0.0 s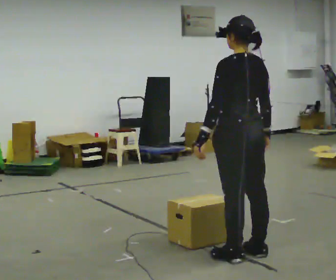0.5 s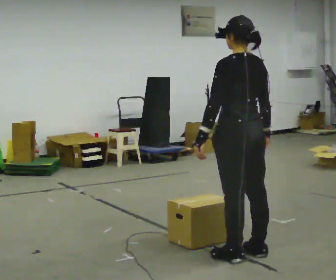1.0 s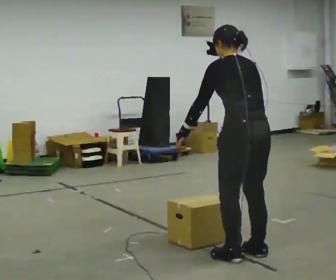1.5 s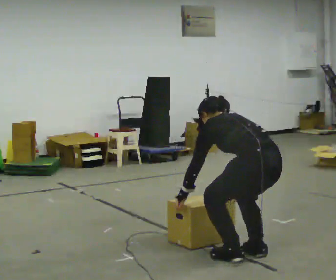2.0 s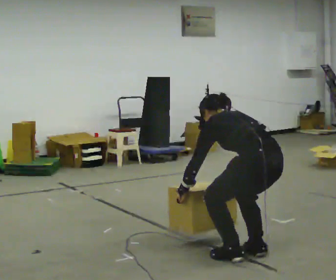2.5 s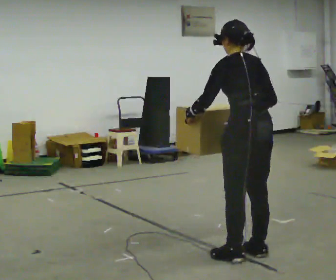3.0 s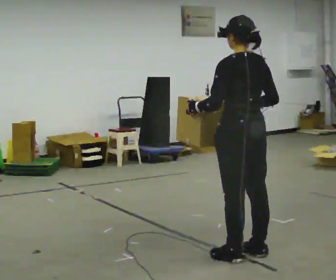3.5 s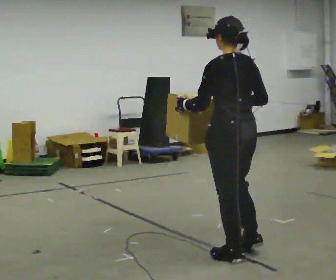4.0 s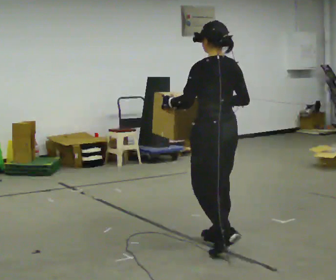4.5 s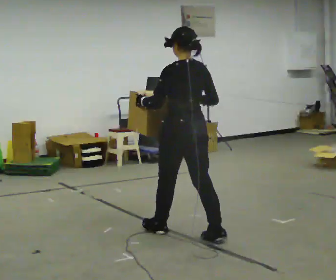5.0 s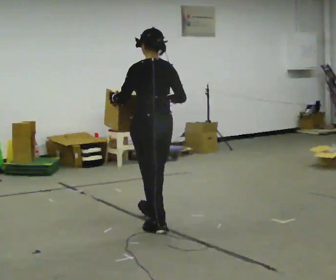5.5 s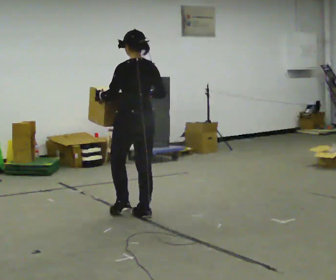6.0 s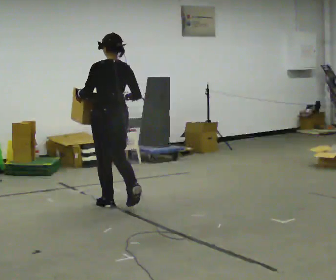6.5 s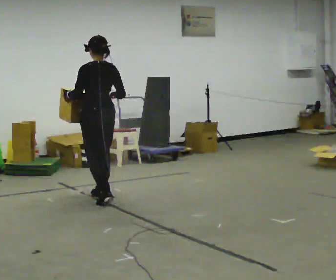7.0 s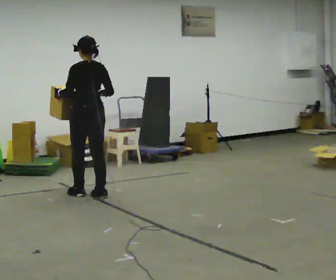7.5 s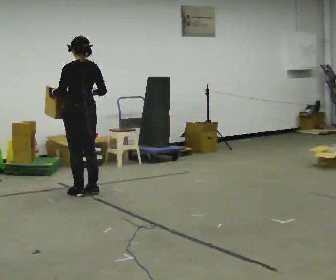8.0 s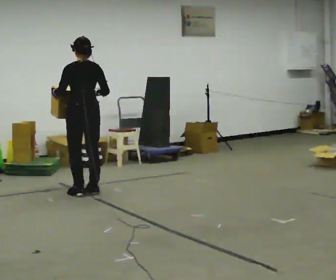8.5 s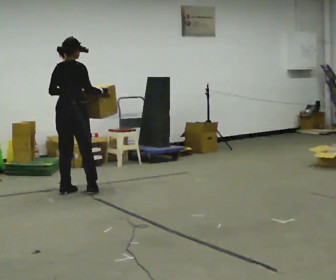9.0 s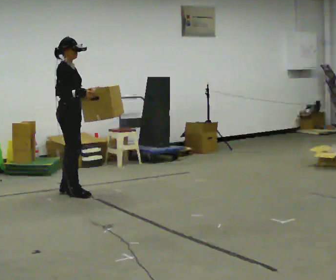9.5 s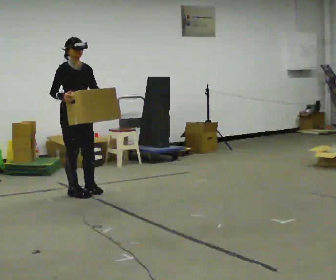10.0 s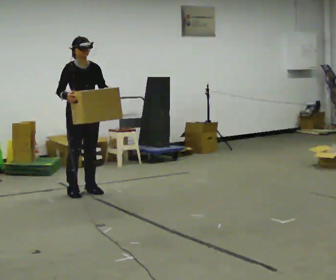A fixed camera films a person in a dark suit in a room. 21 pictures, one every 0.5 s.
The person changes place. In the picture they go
away from the camera.
0.0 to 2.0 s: The upper body goes downward. The upper body tips away from the camera, its near side rolling upward, as they bend forward. In the picture their left hand goes downward.
2.0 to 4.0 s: In the picture they go away from the camera and to the left, about 0.5 m in 1 step, which for them is forward. The upper body goes upward. The upper body tips toward the camera, its near side rolling downward, as they lean back or straighten. In the picture their left hand goes upward.
4.0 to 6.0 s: In the picture they go away from the camera and to the left, about 1.5 m in 3 steps, which for them is forward.
6.0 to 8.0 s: In the picture they go away from the camera and to the left, about 0.5 m in 3 steps, which for them is forward.
8.0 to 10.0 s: The part of the body nearest the lens slides to the left as the person turns to their right by about 165 degrees. In the picture their right hand goes to the left.
The film runs forward here.
